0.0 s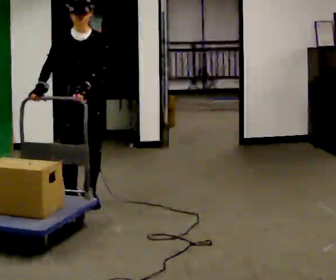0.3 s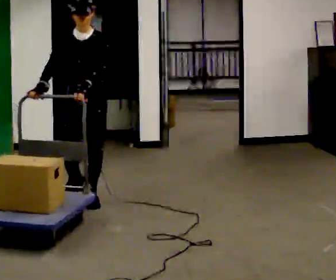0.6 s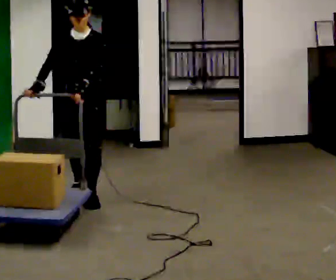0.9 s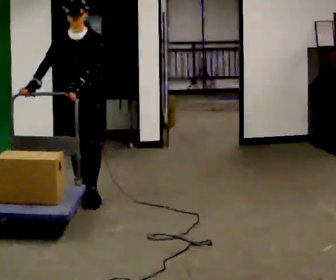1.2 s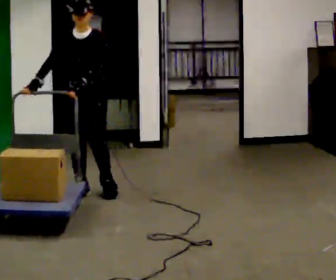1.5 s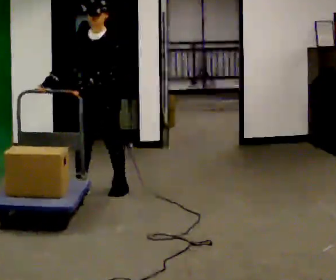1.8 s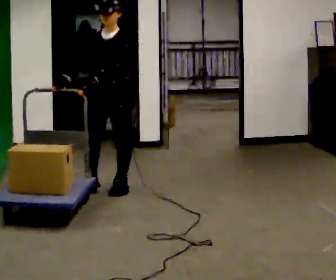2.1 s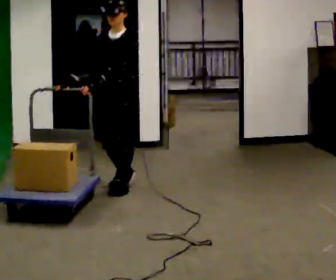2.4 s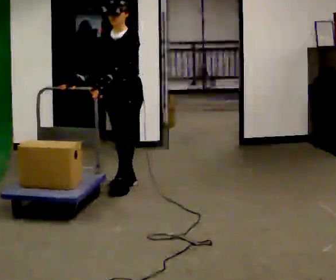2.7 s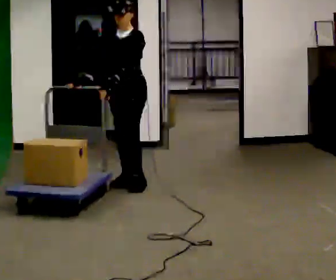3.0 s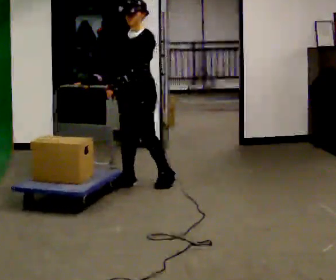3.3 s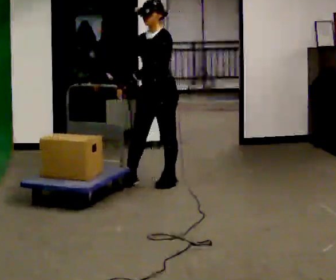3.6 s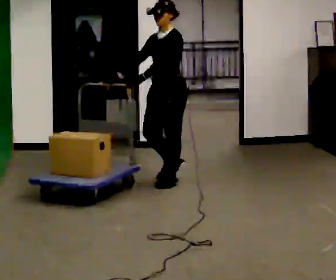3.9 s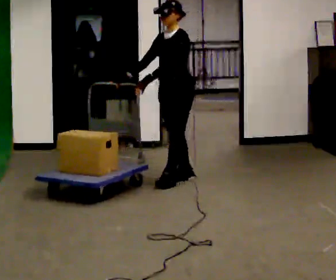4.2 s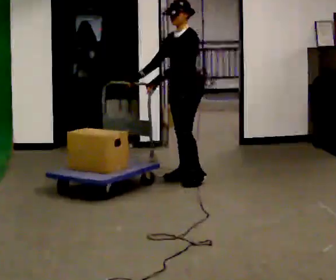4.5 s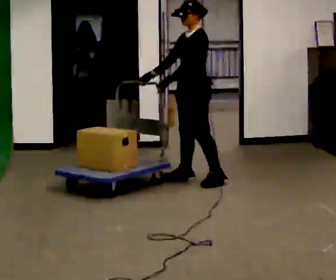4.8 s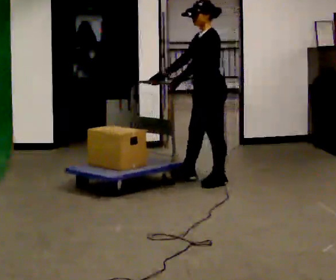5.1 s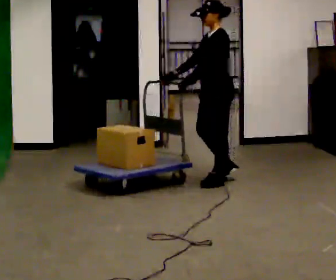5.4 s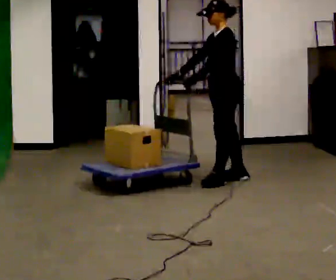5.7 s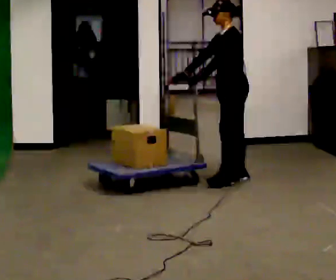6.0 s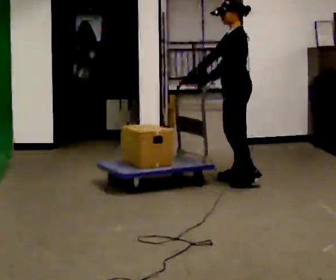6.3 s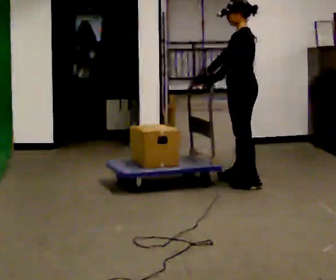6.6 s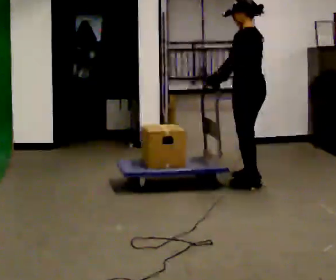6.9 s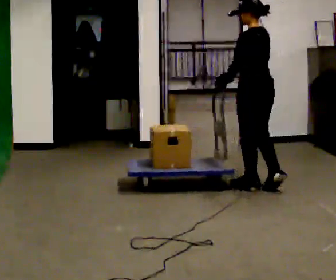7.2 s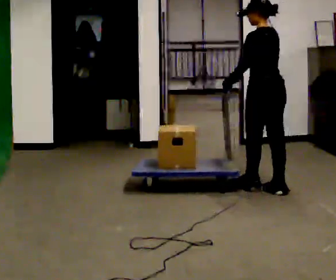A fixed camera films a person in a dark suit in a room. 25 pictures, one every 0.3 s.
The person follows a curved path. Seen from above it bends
clockwise.
The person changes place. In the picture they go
to the right.
0.0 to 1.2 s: In the picture they go away from the camera, about 0.25 m in 1 step, which for them is backward.
1.2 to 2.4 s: In the picture they go away from the camera and to the right, about 0.5 m in 1 step, which for them is backward.
2.4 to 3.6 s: In the picture they go to the right, about 0.5 m in 2 steps, which for them is backward and to their left.
3.6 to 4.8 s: Seen from above the body turns clockwise, about 30 degrees: to their right, with its near side sliding to the left. In the picture they go to the right, about 0.25 m in 1 step, which for them is backward and to their left.
4.8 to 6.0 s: In the picture they go to the right, about 0.25 m in 2 steps, which for them is backward.
6.0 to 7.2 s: The part of the body nearest the lens slides to the left as the person turns to their right by about 45 degrees. In the picture they go toward the camera and to the right, about 0.5 m in 1 step, which for them is backward and to their left.
The film runs backward here.
